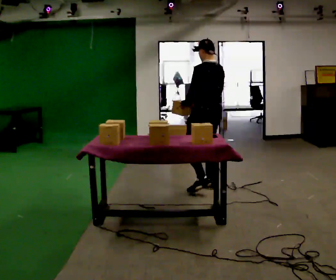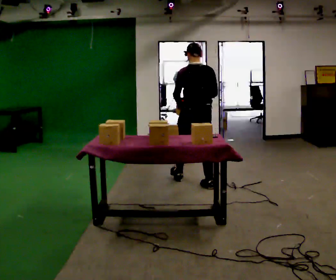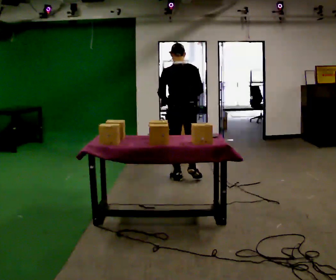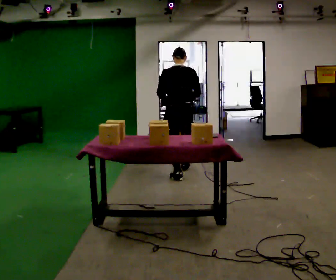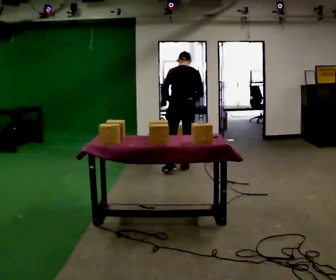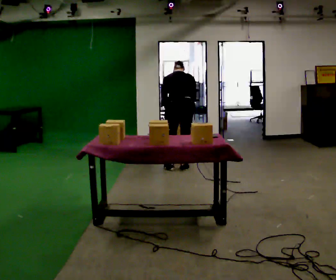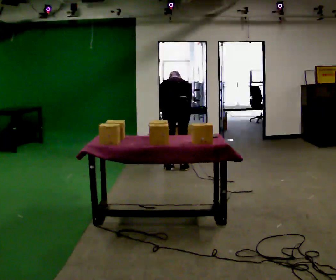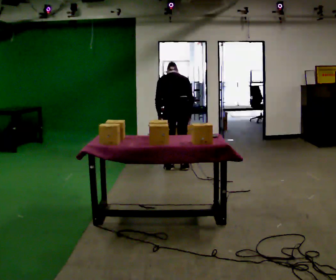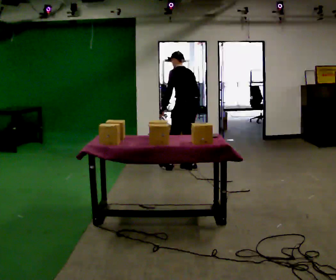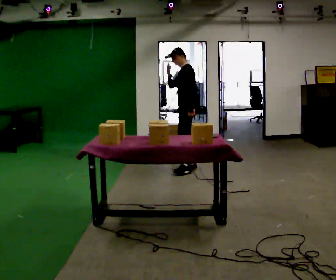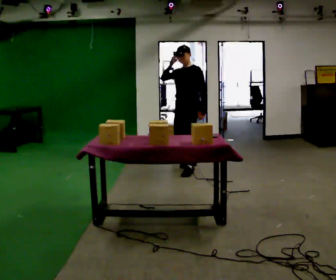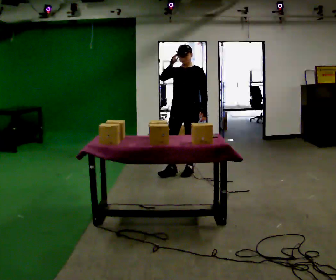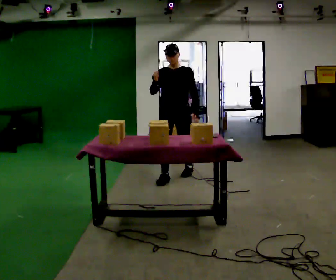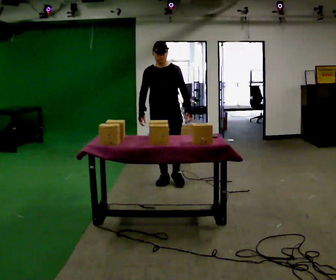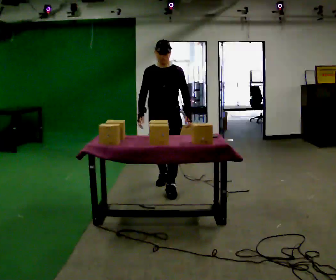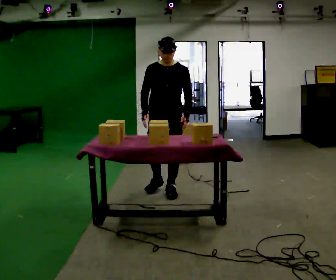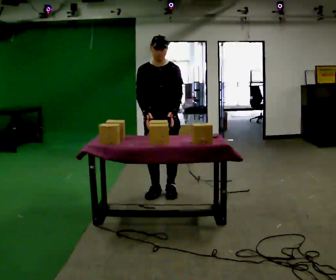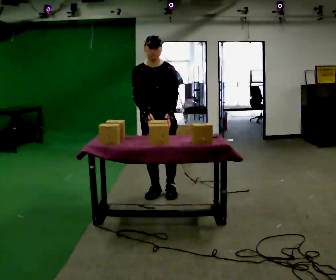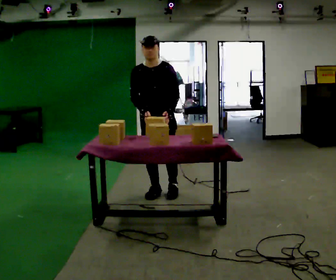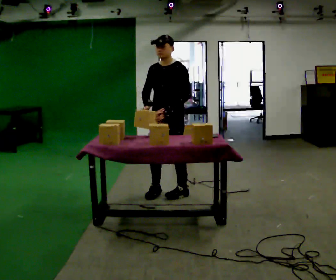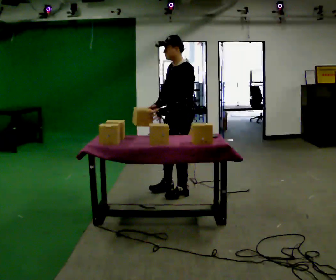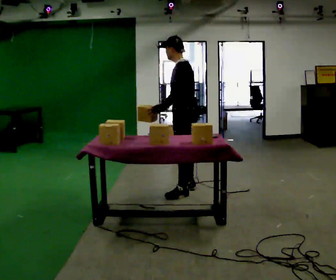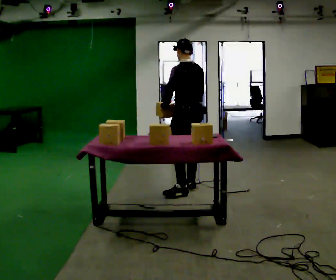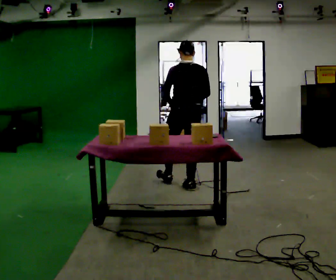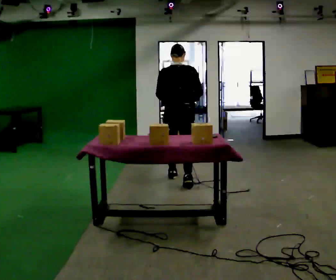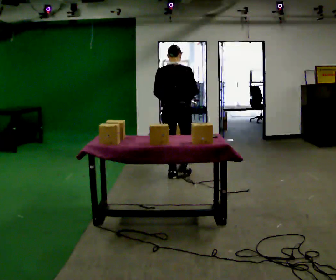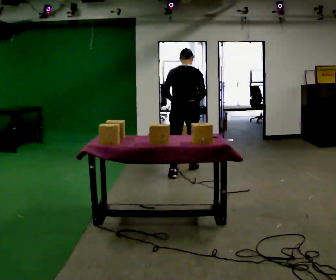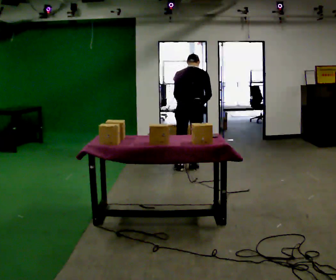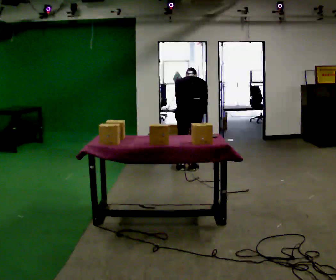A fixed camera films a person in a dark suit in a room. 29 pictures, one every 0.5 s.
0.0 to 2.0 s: The person turns about 30 degrees to their right, clockwise seen from above, so the part of the body nearest the lens slides to the left. In the picture they go away from the camera, about 1 m in 2 steps, which for them is forward.
2.0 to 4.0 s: Seen from above the body turns counterclockwise, about 30 degrees: to their left, with its near side sliding to the right. In the picture the upper body tilts counterclockwise, shoulders to the left.
4.0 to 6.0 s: Seen from above the body turns counterclockwise, about 135 degrees: to their left, with its near side sliding to the right. In the picture they go toward the camera, about 0.5 m in 2 steps. The upper body tips toward the camera, its near side rolling downward. In the picture their right hand goes upward.
6.0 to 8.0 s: In the picture they go toward the camera, about 0.75 m in 2 steps, which for them is forward.
8.0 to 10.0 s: The person turns about 75 degrees to their right, clockwise seen from above, so the part of the body nearest the lens slides to the left. In the picture they go to the right, about 0.25 m in 1 step.
10.0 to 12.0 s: The part of the body nearest the lens slides to the left as the person turns to their right by about 120 degrees. In the picture they go away from the camera, about 0.5 m in 2 steps.
12.0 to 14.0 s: In the picture they go away from the camera, about 0.5 m in 2 steps, which for them is forward. The shoulders move downward. The upper body tips away from the camera, its near side rolling upward, as they bend forward.
The film runs forward here.
